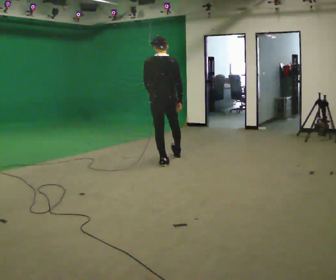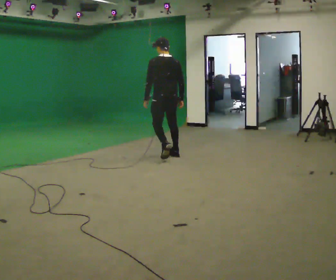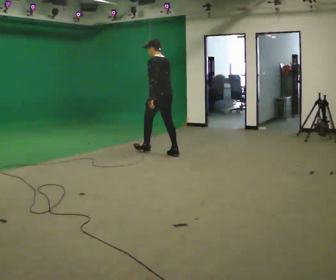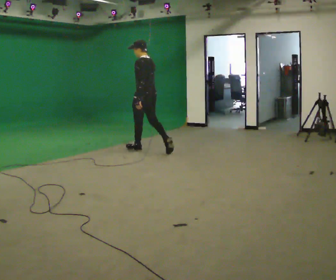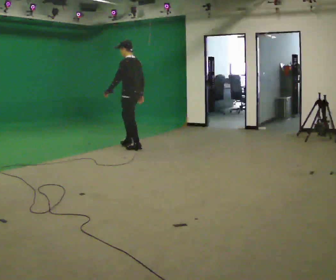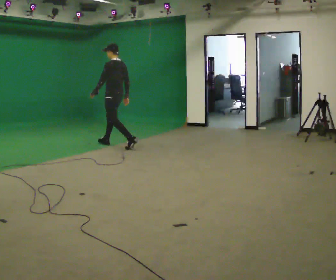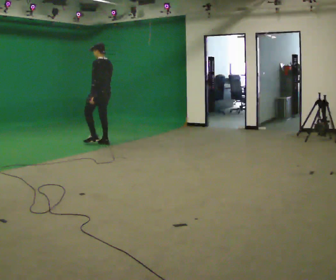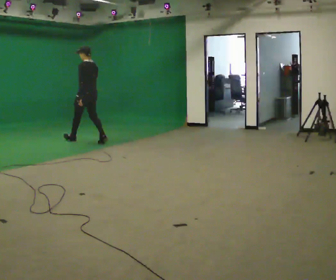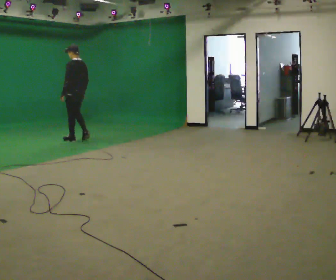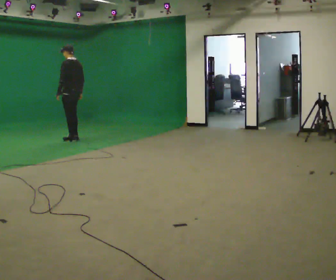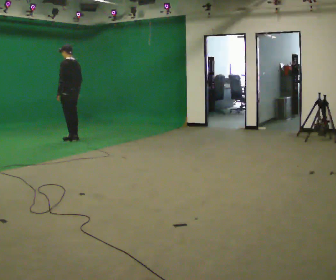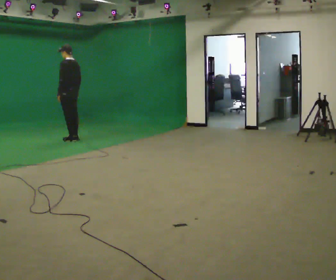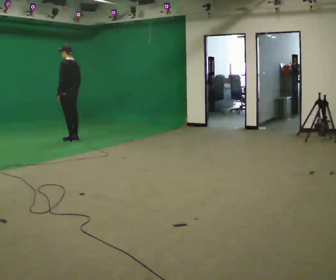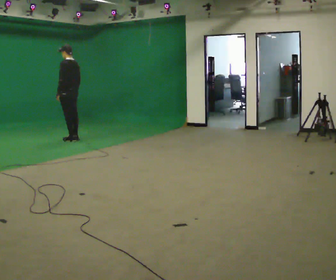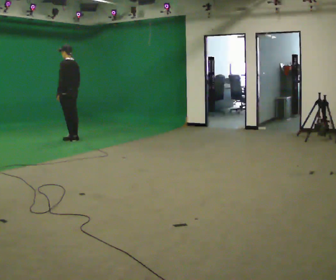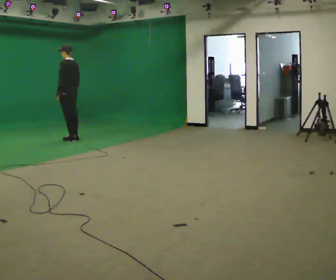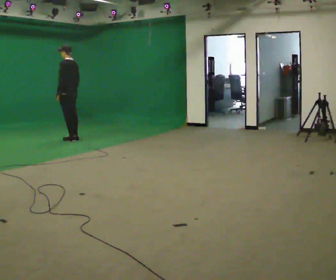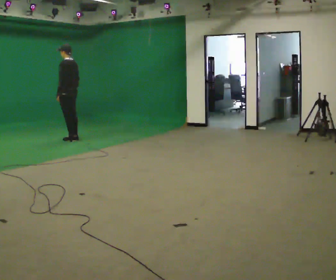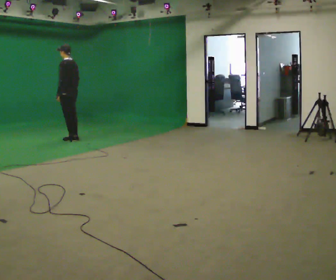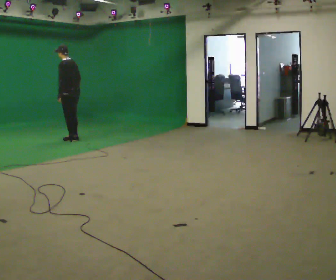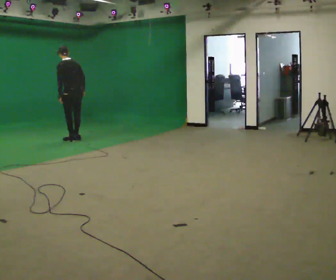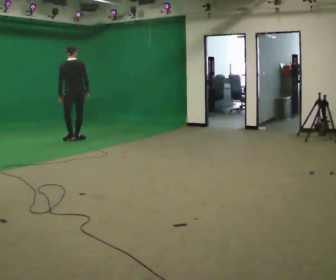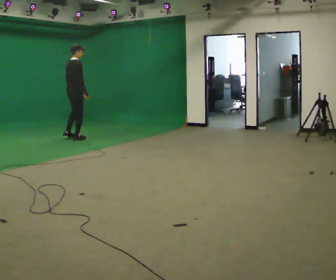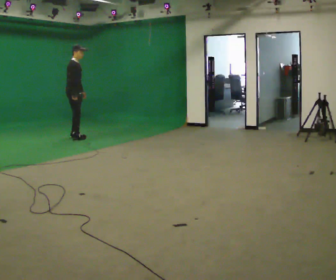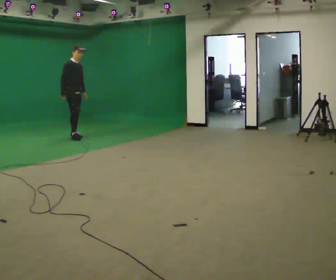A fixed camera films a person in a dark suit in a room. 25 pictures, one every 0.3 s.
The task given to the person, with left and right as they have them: Walk straight; turn 90° left/right while continuing to walk; continue.
0.0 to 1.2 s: The person turns about 60 degrees to their left, counterclockwise seen from above, so the part of the body nearest the lens slides to the right. In the picture they go away from the camera, about 1 m in 2 steps.
1.2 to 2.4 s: In the picture they go to the left and away from the camera, about 1 m in 2 steps, which for them is forward.
2.4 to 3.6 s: In the picture they go away from the camera, about 0.25 m in 1 step, which for them is forward.
3.6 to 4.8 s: The person moves a little, or ends about where they began.
4.8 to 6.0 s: In the picture the upper body tilts counterclockwise, shoulders to the left.
6.0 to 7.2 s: The person turns about 150 degrees to their right, clockwise seen from above, so the part of the body nearest the lens slides to the left. In the picture they go away from the camera, about 0.25 m in 1 step. In the picture the upper body tilts clockwise, shoulders to the right.
The film runs forward here.
